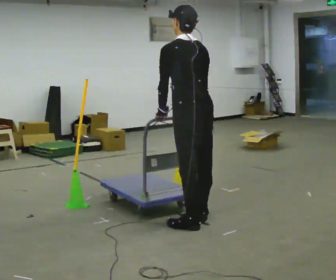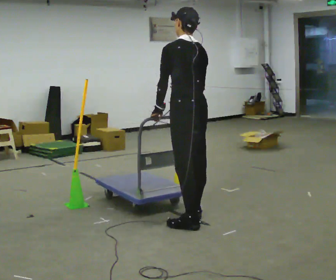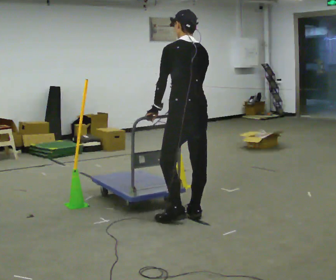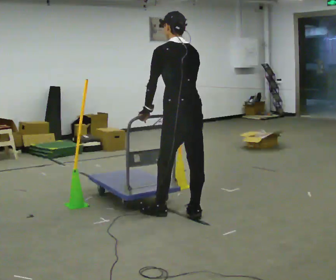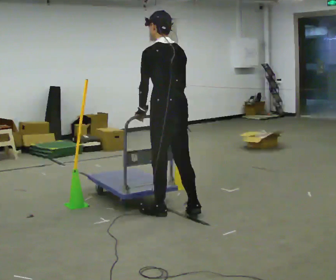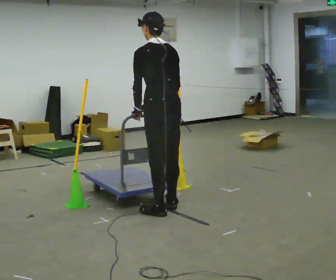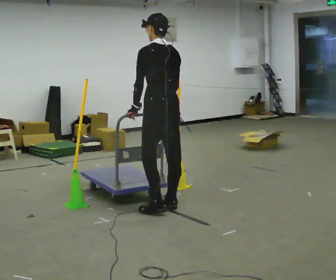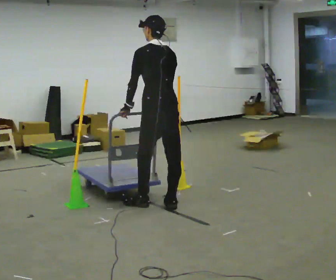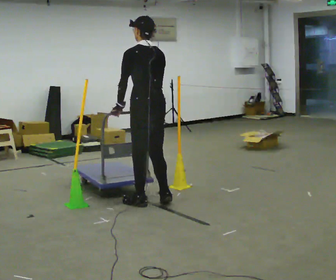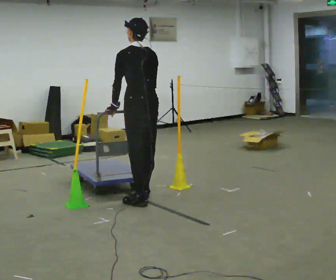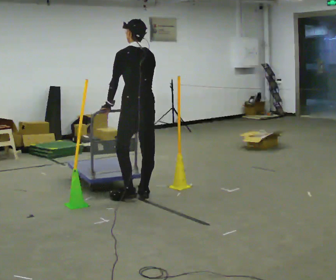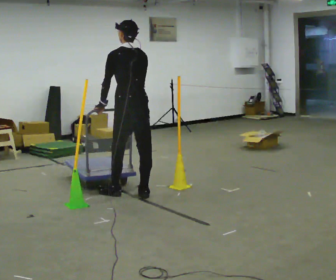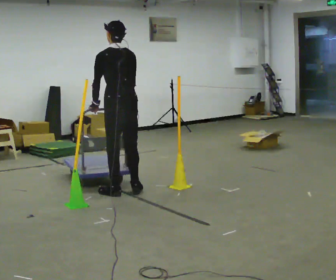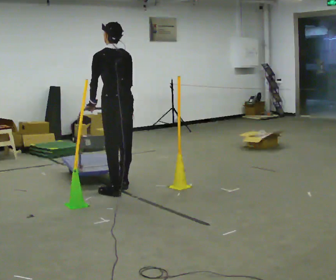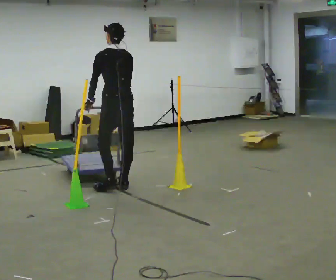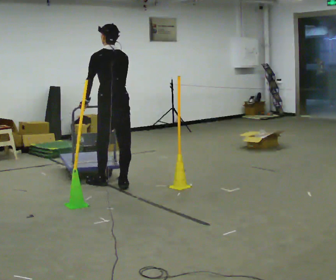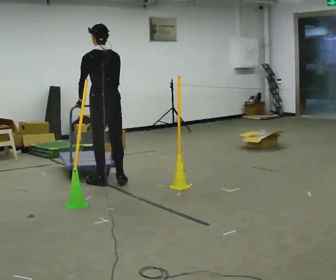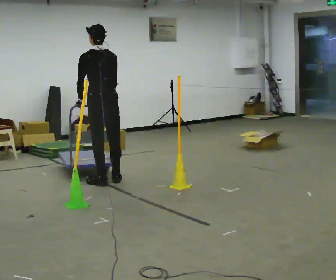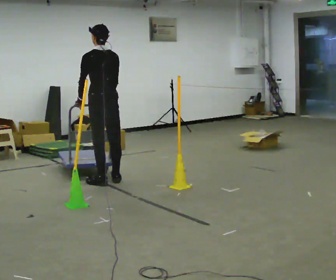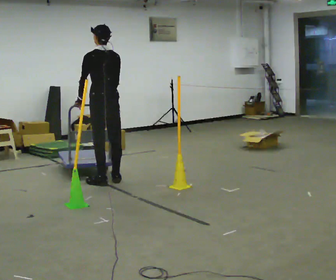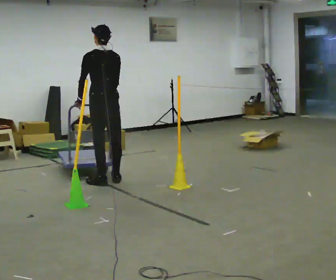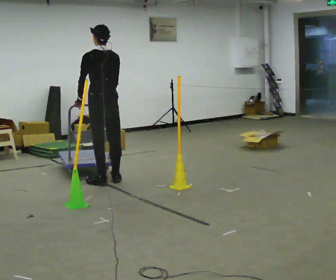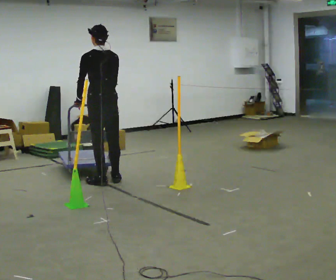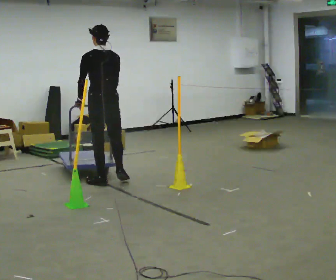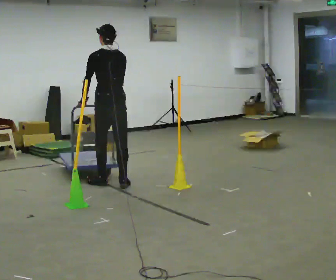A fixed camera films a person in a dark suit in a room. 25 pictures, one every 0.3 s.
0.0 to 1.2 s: In the picture they go away from the camera and to the left, about 0.25 m in 2 steps, which for them is forward.
1.2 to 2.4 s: In the picture they go away from the camera and to the left, about 0.25 m in 2 steps, which for them is forward.
2.4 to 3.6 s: In the picture they go away from the camera and to the left, about 0.5 m in 2 steps, which for them is forward.
3.6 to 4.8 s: In the picture they go away from the camera and to the left, about 0.5 m in 2 steps, which for them is forward.
4.8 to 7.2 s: The person moves a little, or ends about where they began.
The film runs backward here.
